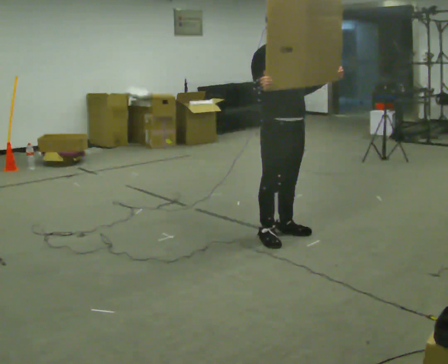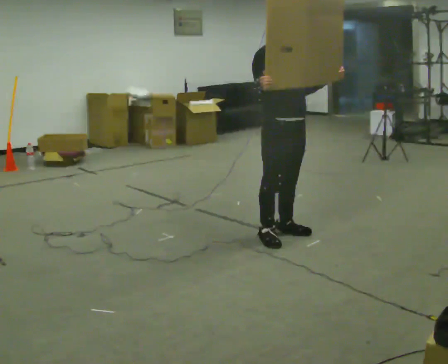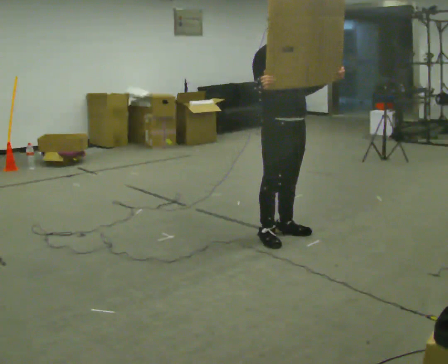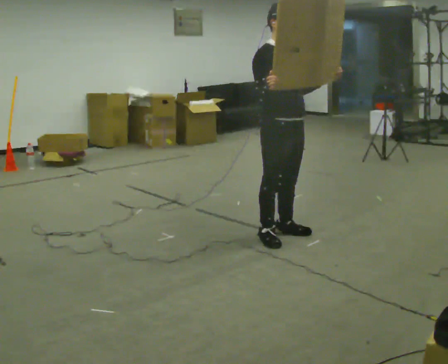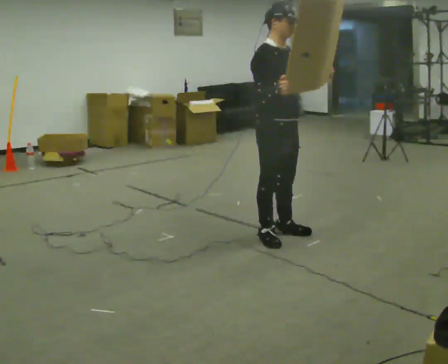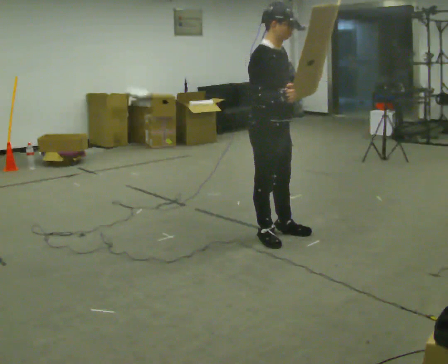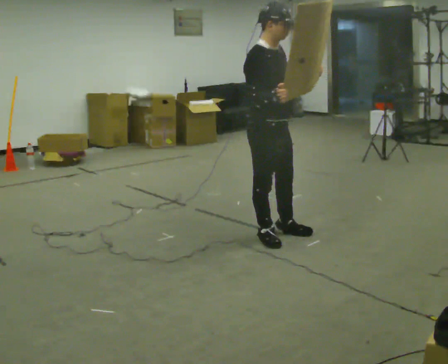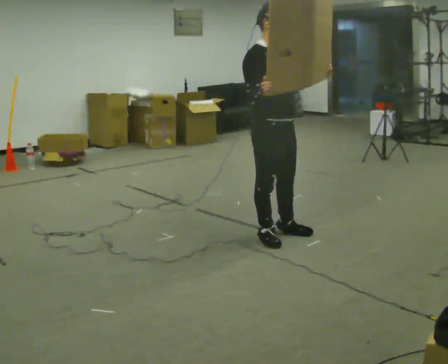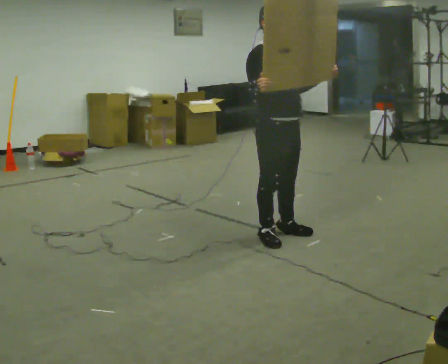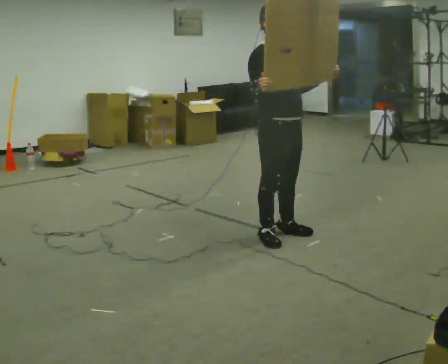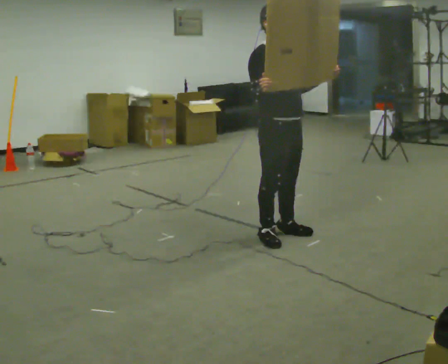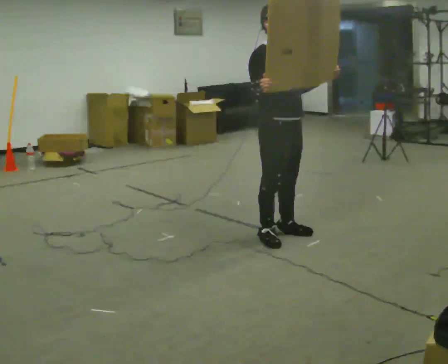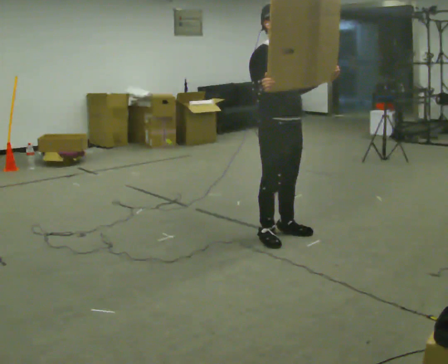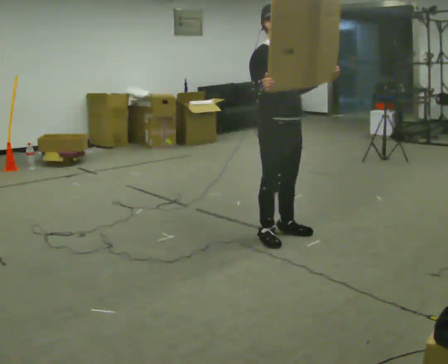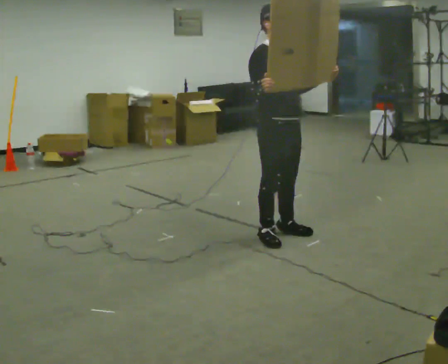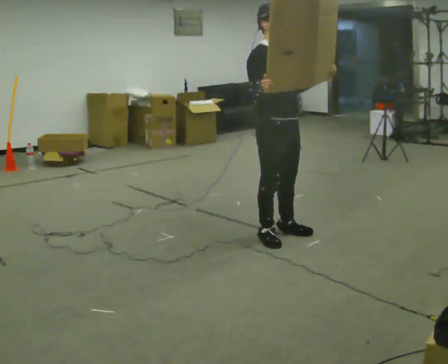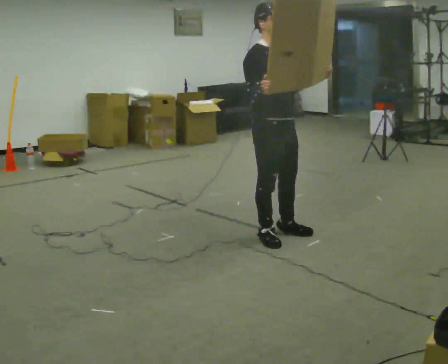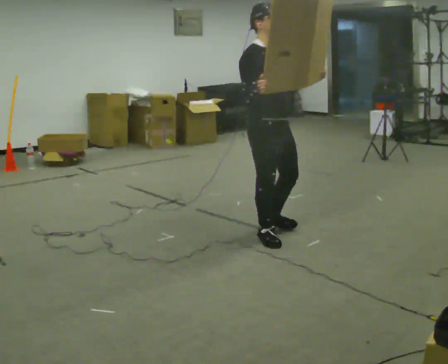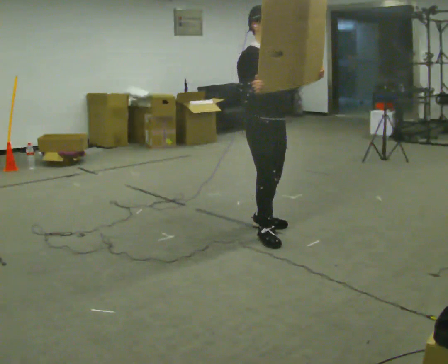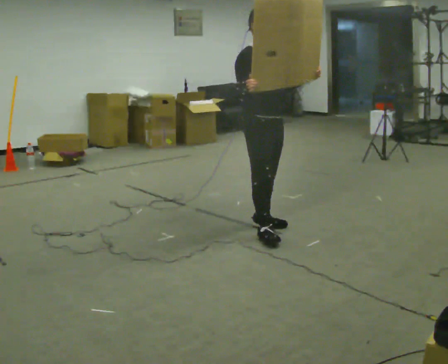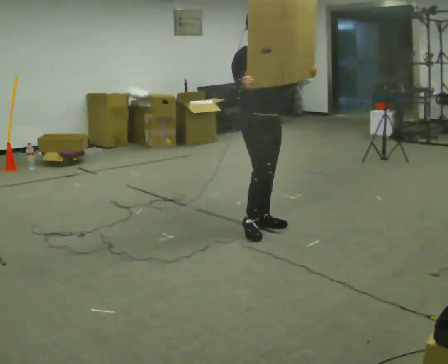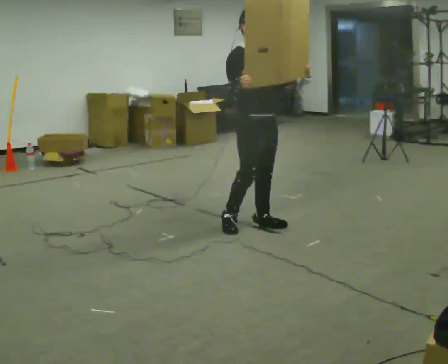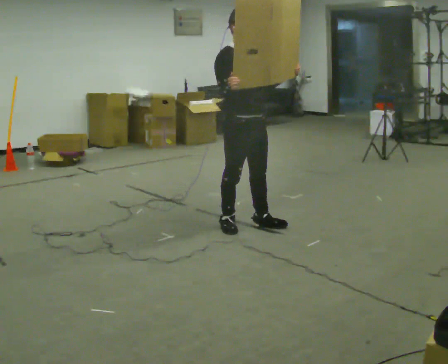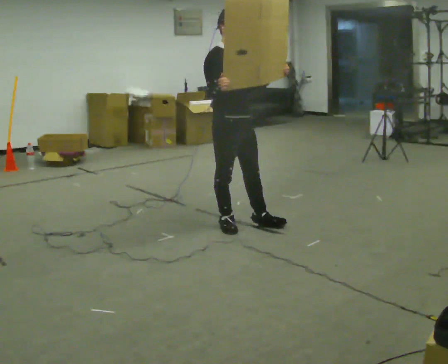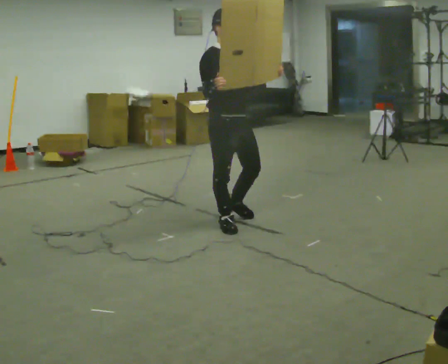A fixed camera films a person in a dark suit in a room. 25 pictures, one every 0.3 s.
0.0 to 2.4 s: The person moves a little, or ends about where they began.
2.4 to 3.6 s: The person keeps their place and pose.
3.6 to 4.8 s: The person moves a little, or ends about where they began.
4.8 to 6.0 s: In the picture they go away from the camera and to the left, about 0.25 m in 2 steps, which for them is backward and to their left.
6.0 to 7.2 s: In the picture they go to the left, about 0.25 m in 1 step, which for them is backward and to their right.
The film runs backward here.
